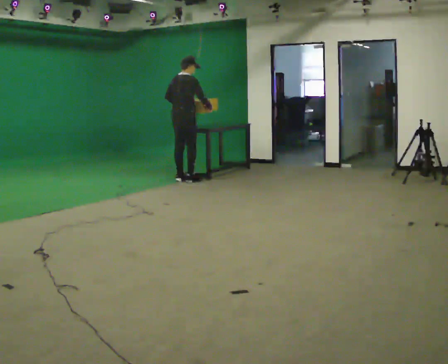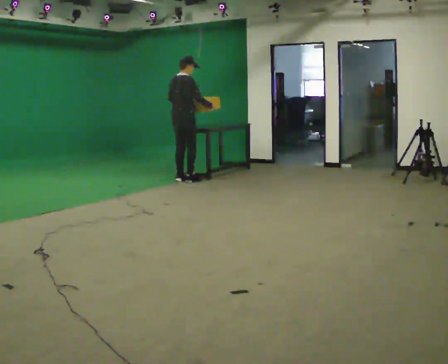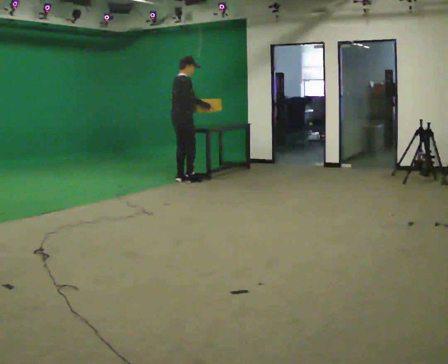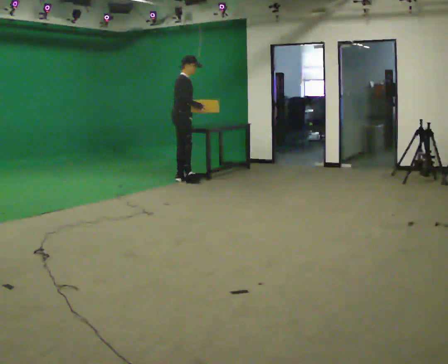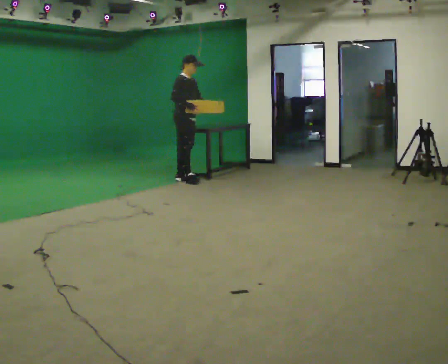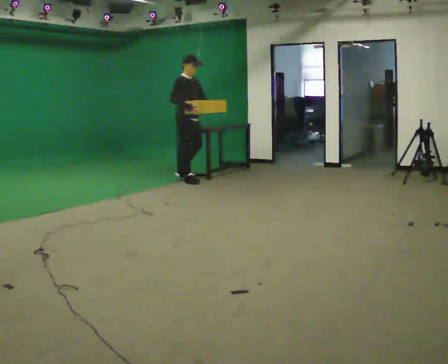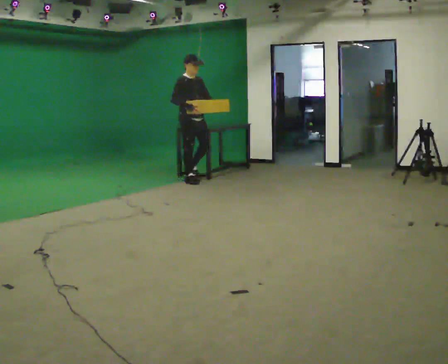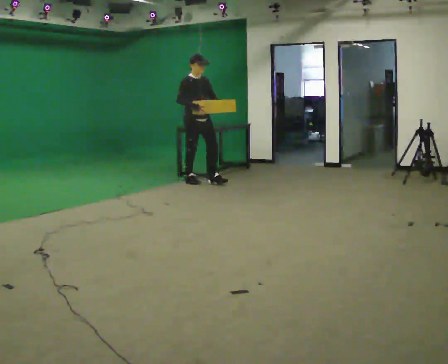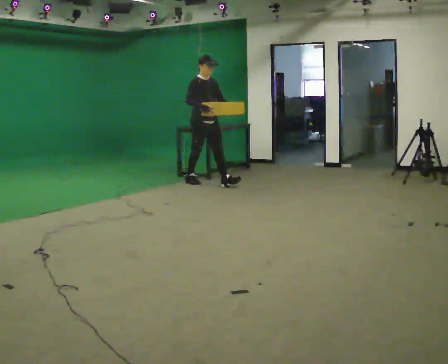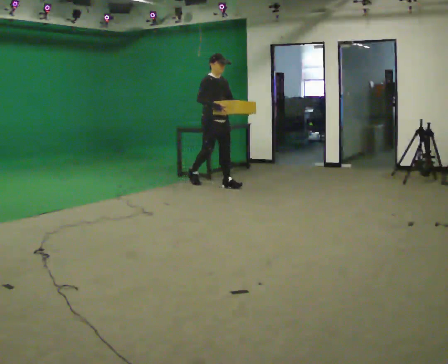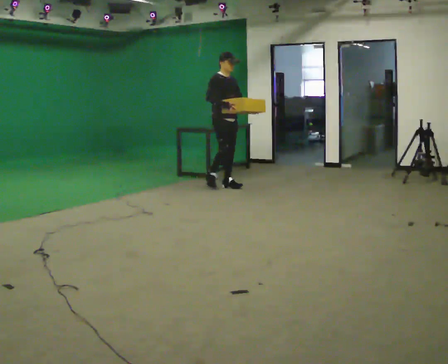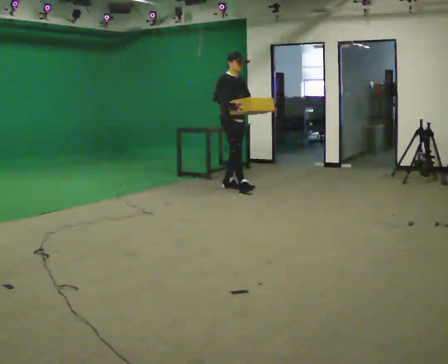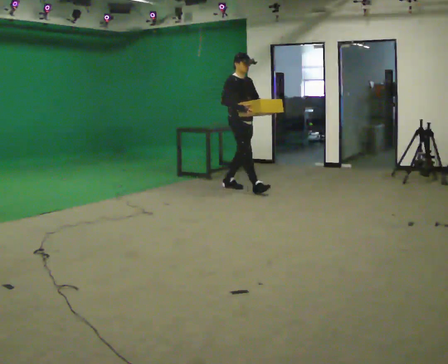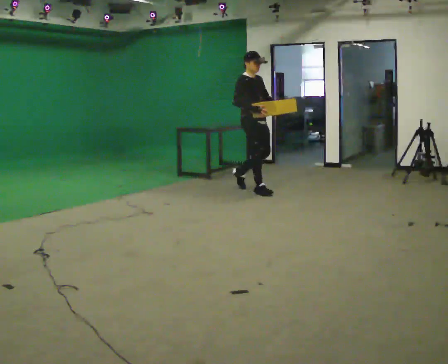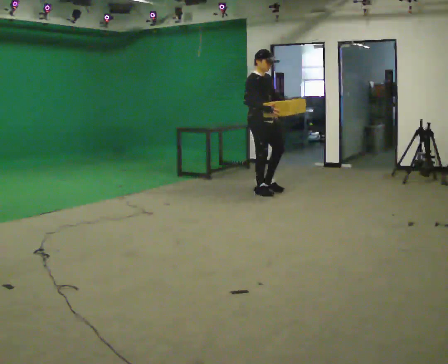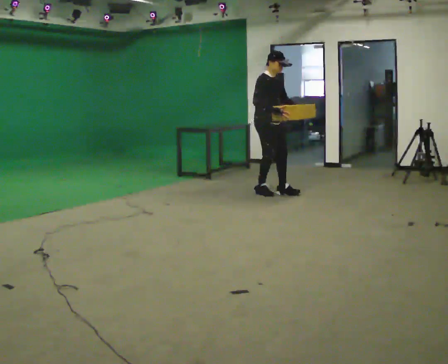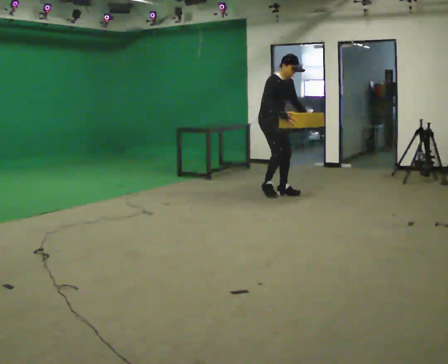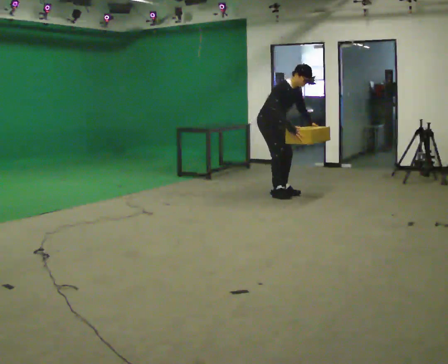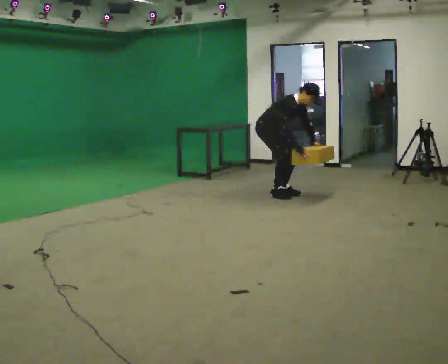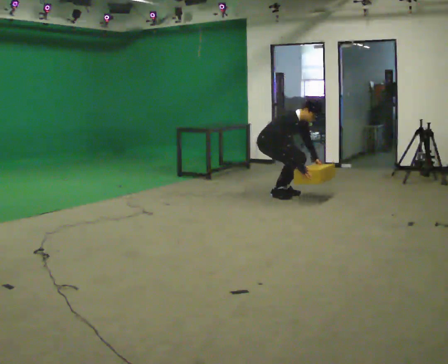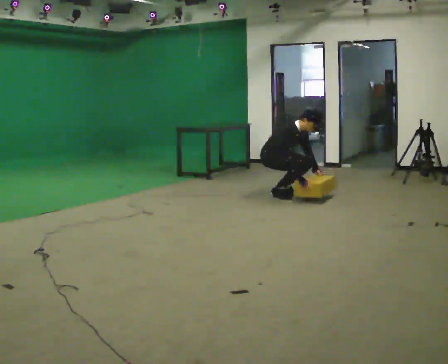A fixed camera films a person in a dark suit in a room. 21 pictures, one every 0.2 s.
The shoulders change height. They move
downward.
Their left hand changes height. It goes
downward.
0.0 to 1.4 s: The part of the body nearest the lens slides to the left as the person turns to their right by about 90 degrees. In the picture they go toward the camera and to the right, about 0.25 m.
1.4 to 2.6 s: In the picture they go to the right and toward the camera, about 1 m in 2 steps, which for them is forward.
2.6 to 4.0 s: In the picture they go to the right and toward the camera, about 0.25 m in 2 steps, which for them is forward. The shoulders move downward. In the picture the upper body tilts clockwise, shoulders to the right, as they bend forward. In the picture their left hand goes downward.
The film runs forward here.
